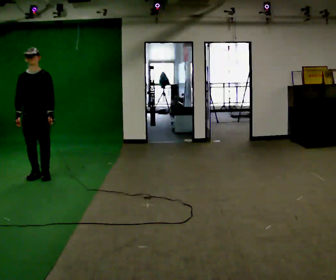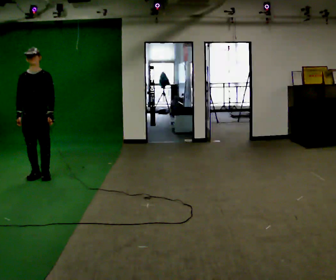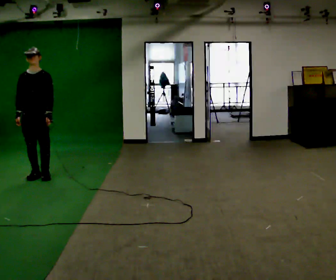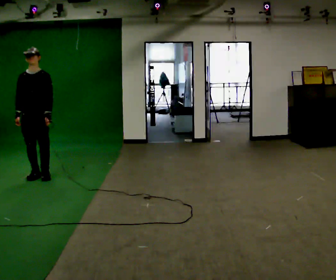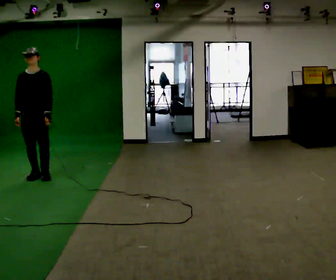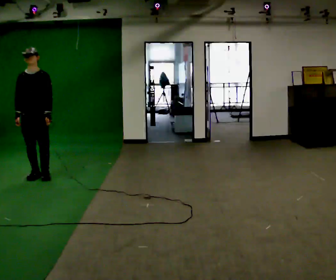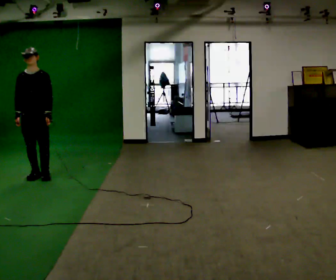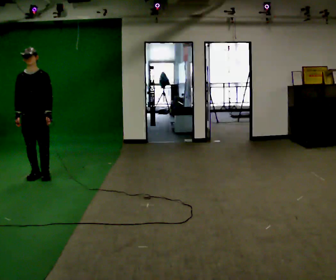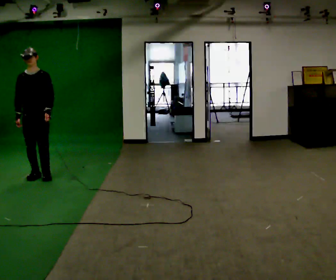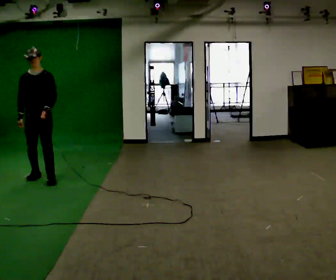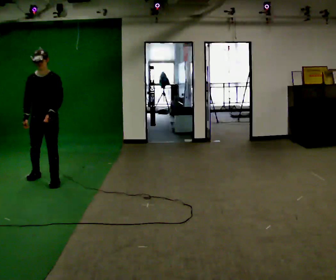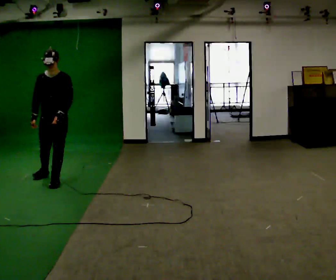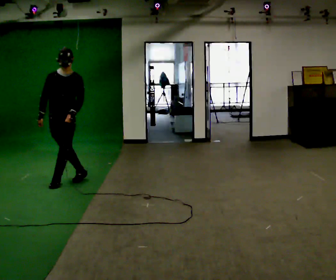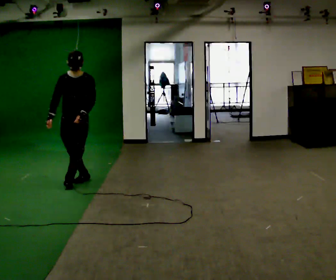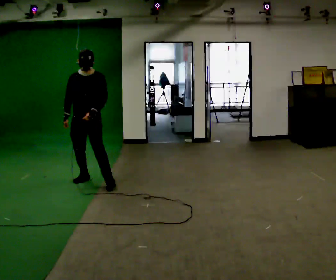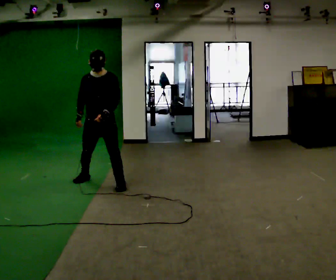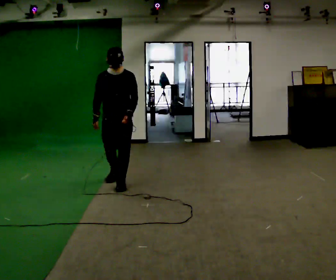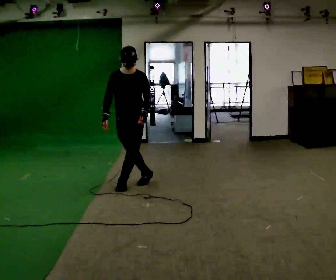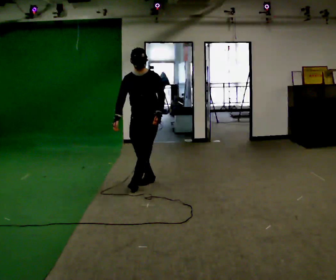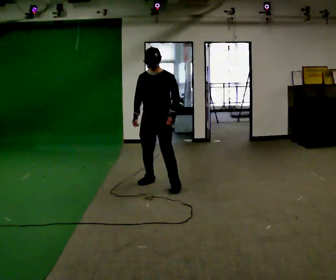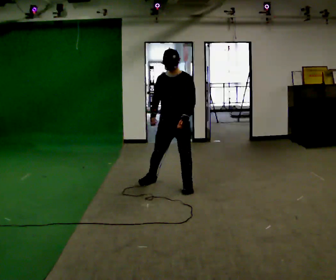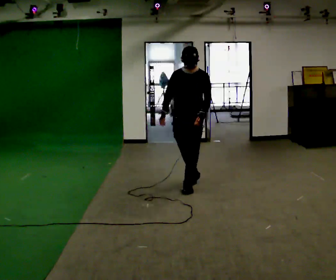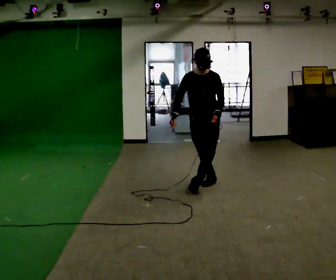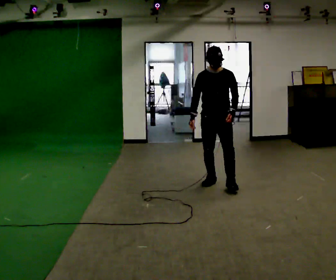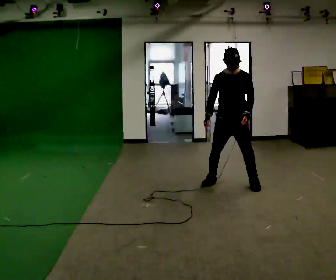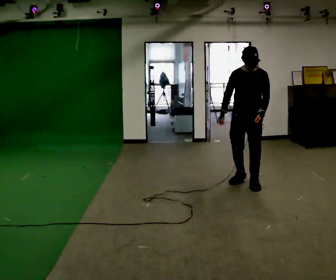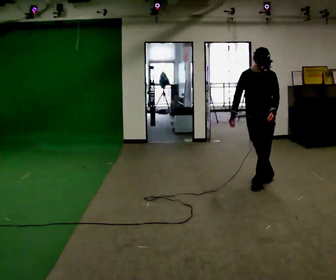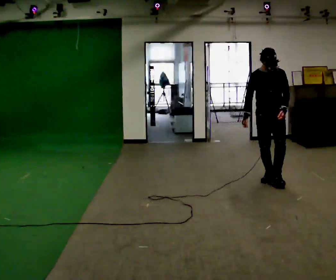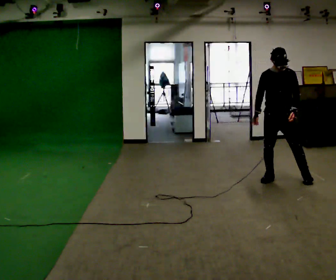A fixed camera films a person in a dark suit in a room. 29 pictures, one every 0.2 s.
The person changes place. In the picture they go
to the right.
0.0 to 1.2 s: The person moves a little, or ends about where they began.
1.2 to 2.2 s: In the picture they go to the right, about 0.25 m in 1 step, which for them is to their left and forward.
2.2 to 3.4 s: In the picture they go to the right, about 1 m in 2 steps, which for them is to their left.
3.4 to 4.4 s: In the picture they go to the right, about 1 m in 3 steps, which for them is to their left.
4.4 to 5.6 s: In the picture they go to the right, about 1 m in 2 steps, which for them is to their left.
The film runs forward here.
